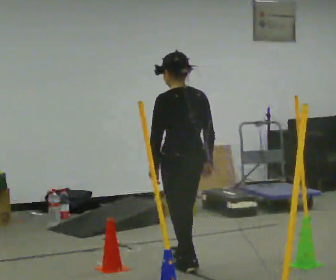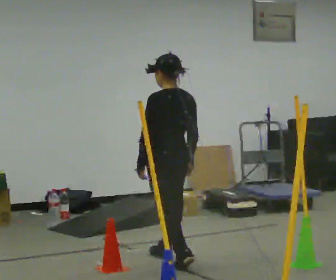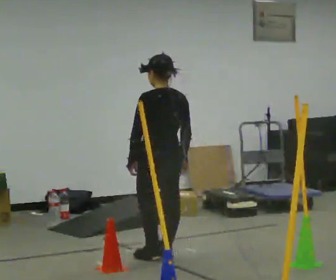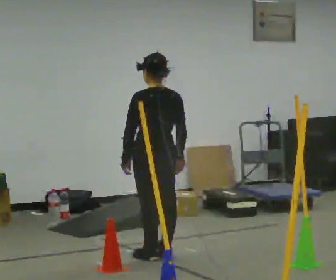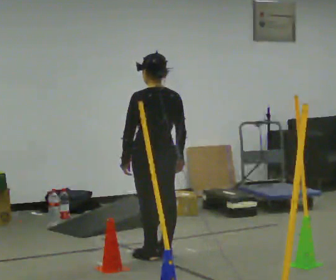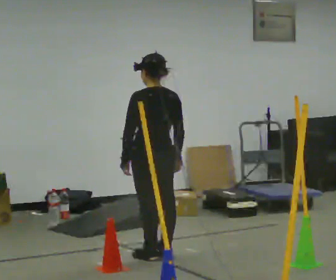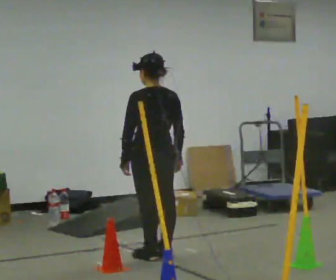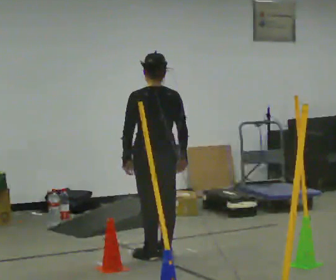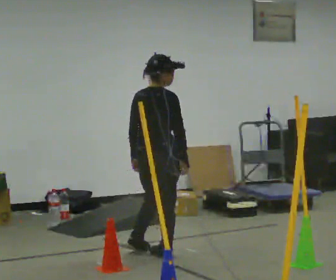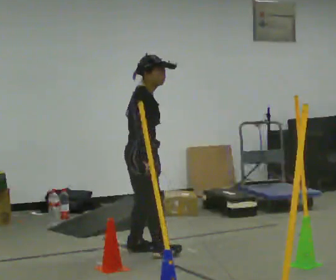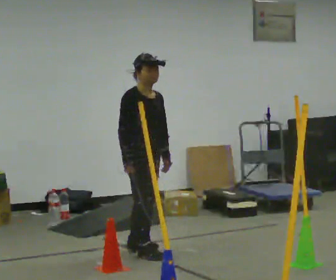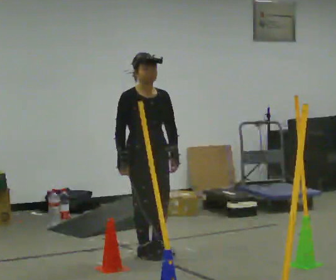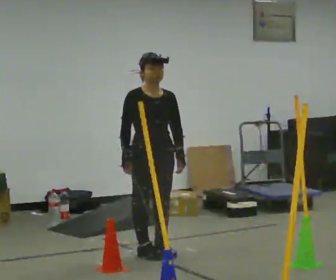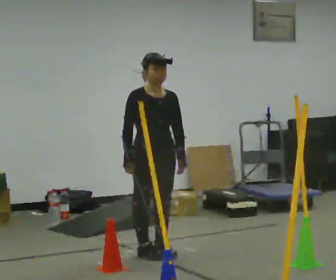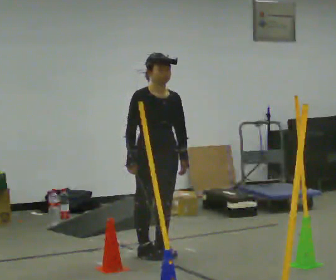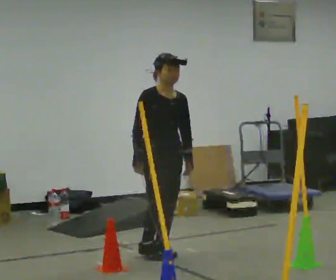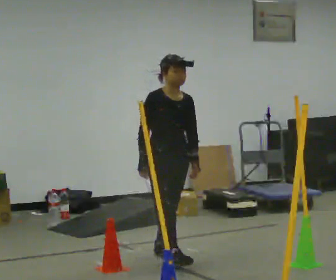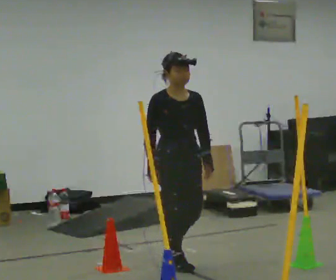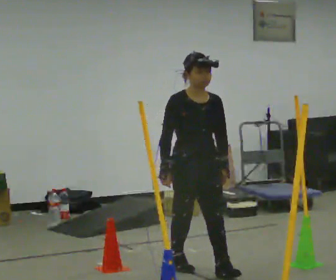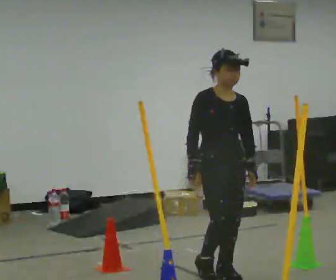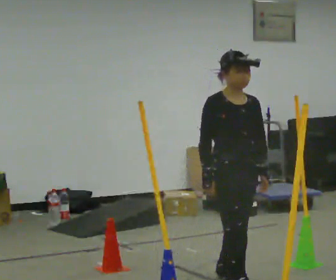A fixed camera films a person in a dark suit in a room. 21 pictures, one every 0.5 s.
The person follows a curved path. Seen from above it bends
clockwise.
0.0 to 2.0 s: In the picture they go away from the camera and to the left, about 0.5 m in 2 steps, which for them is forward.
2.0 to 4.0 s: The person turns about 60 degrees to their right, clockwise seen from above, so the part of the body nearest the lens slides to the left.
4.0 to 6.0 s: The part of the body nearest the lens slides to the left as the person turns to their right by about 120 degrees. In the picture their left hand goes to the right.
6.0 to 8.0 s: The person moves a little, or ends about where they began.
8.0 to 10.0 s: In the picture they go toward the camera and to the right, about 1 m in 2 steps, which for them is forward.
The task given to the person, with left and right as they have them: Walk through passage without touching sides; continue normally after exit.
The film runs forward here.
